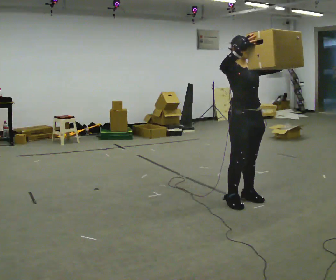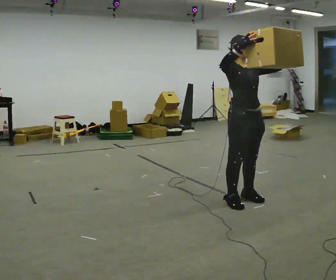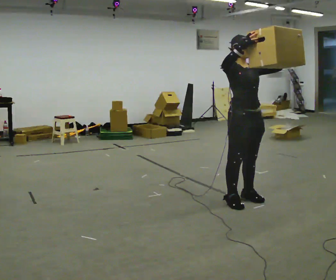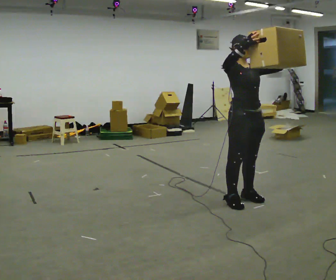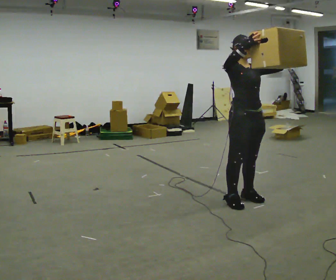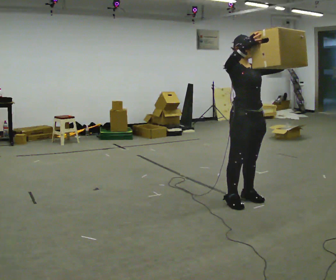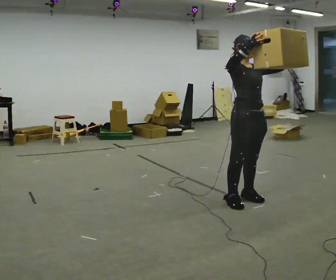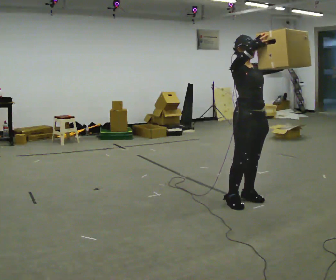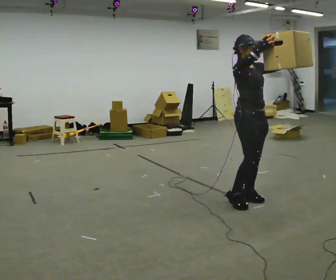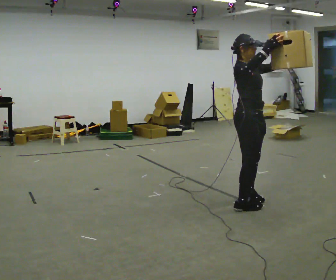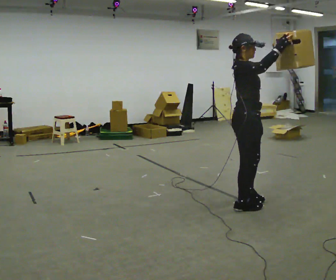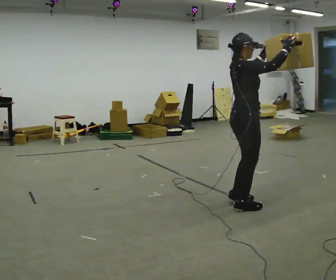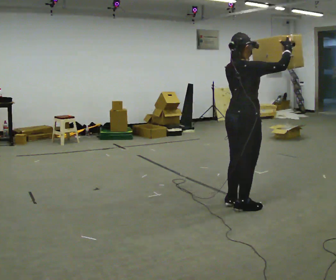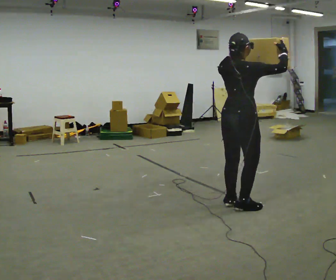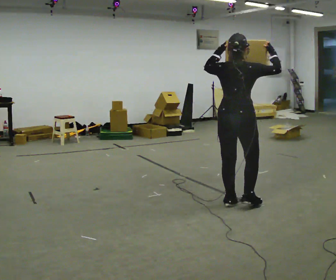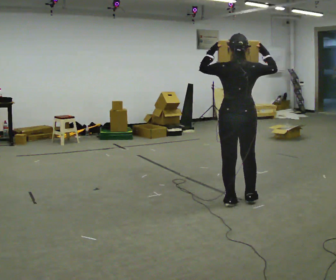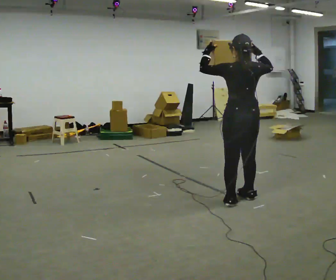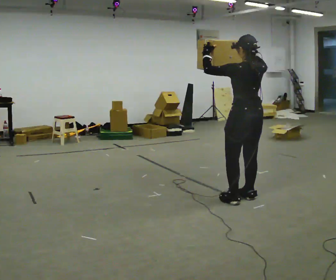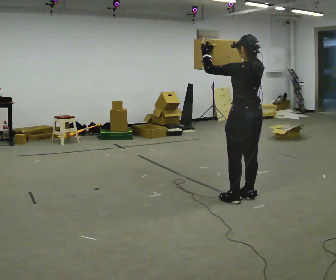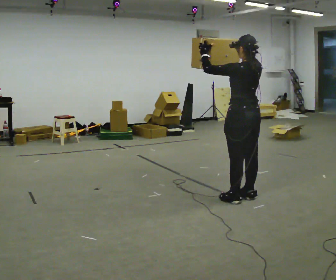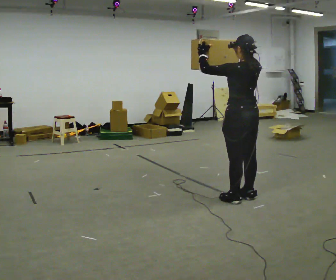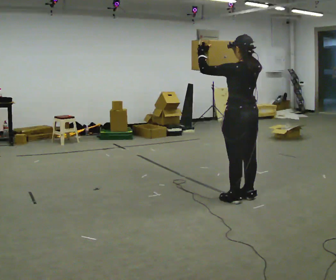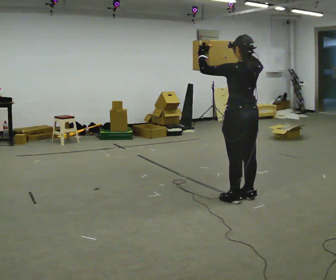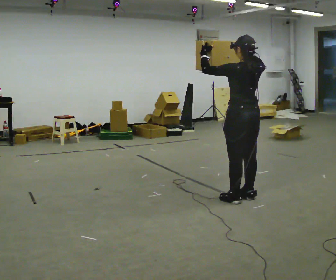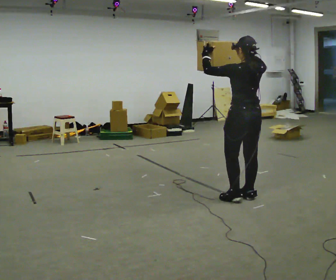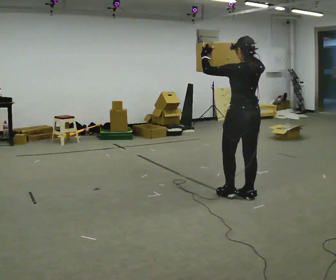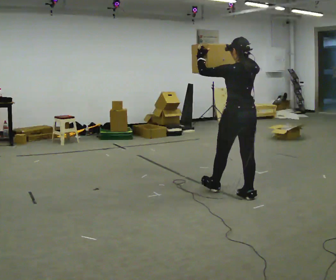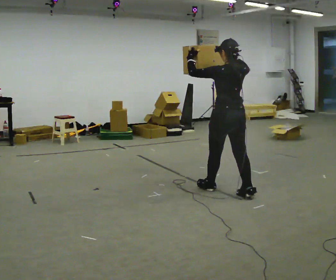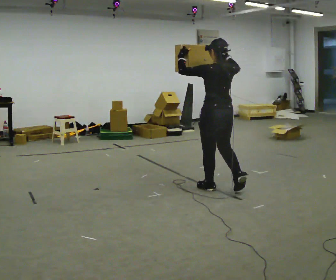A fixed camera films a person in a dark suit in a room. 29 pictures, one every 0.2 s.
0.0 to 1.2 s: The person moves a little, or ends about where they began.
1.2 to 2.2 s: Seen from above the body turns counterclockwise, about 60 degrees: to their left, with its near side sliding to the right. In the picture they go toward the camera, about 0.25 m in 1 step. In the picture their right hand goes to the right.
2.2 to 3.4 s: The part of the body nearest the lens slides to the right as the person turns to their left by about 105 degrees. In the picture they go away from the camera, about 0.25 m in 2 steps. In the picture their right hand goes to the left.
3.4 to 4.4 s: The person moves a little, or ends about where they began.
4.4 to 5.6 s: In the picture they go to the left and away from the camera, about 0.5 m in 1 step, which for them is forward.
The film runs forward here.
